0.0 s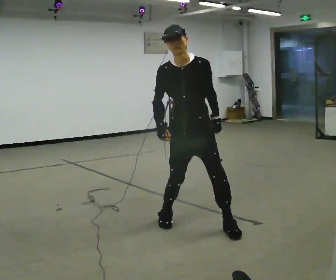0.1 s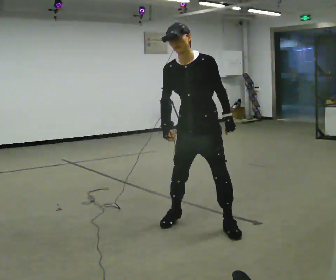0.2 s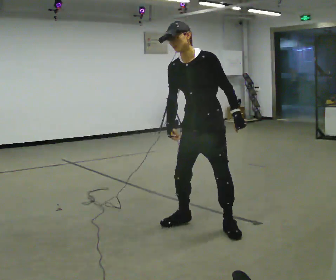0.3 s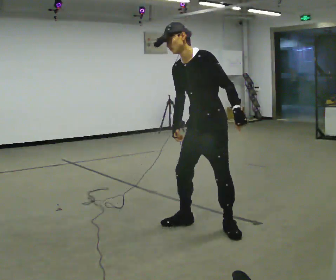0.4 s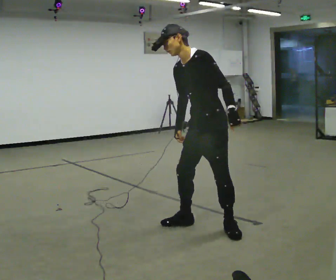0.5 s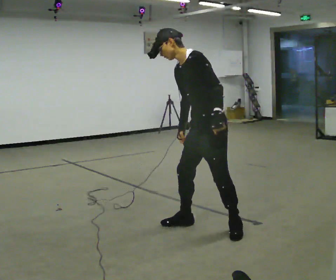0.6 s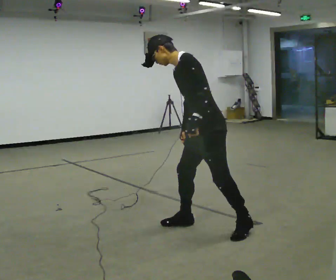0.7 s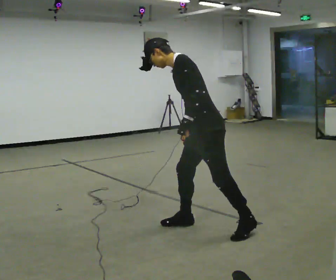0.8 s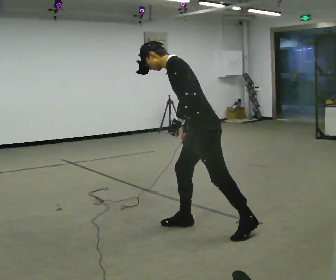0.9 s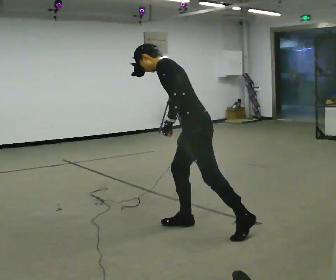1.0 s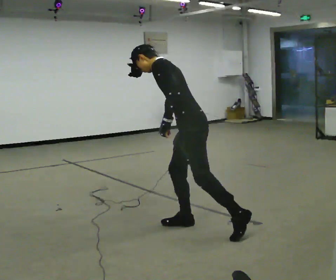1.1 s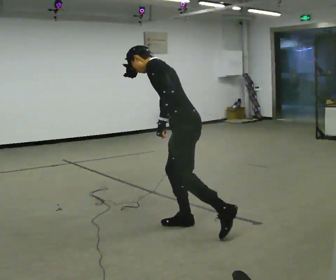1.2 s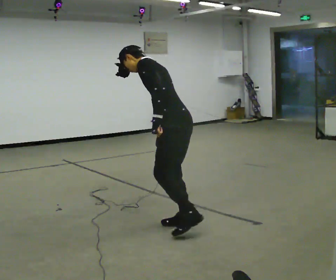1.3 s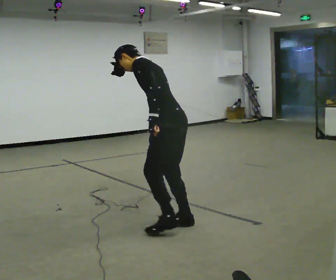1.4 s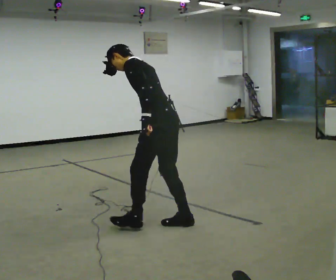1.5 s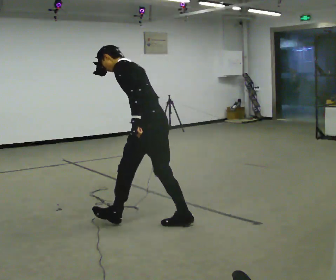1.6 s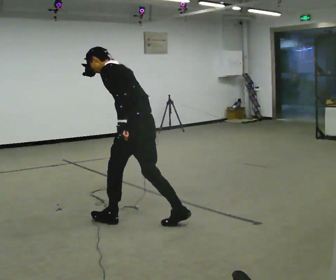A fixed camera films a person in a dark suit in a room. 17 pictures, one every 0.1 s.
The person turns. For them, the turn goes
to their right.
The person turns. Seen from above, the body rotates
clockwise.
0.0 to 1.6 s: The person turns about 105 degrees to their right, clockwise seen from above, so the part of the body nearest the lens slides to the left. In the picture they go to the left, about 0.5 m in 3 steps. The upper body tips away from the camera, its near side rolling upward, as they bend forward.
The film runs forward here.
